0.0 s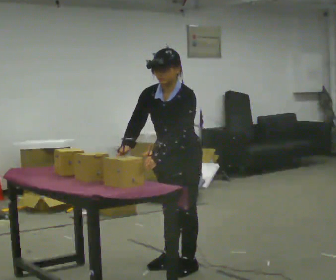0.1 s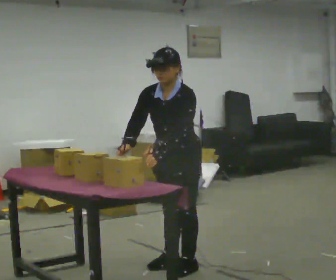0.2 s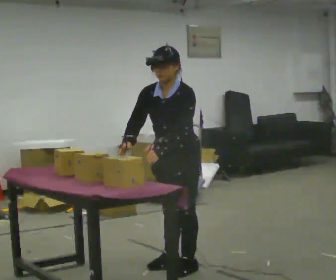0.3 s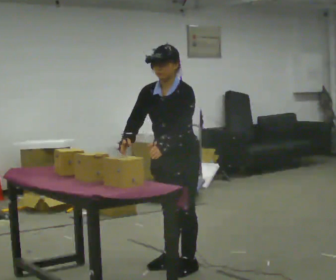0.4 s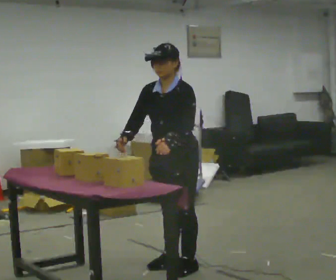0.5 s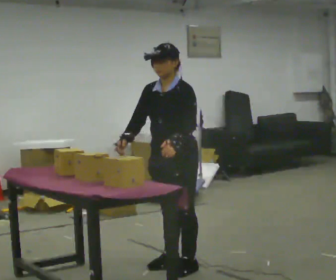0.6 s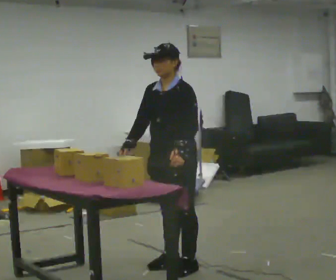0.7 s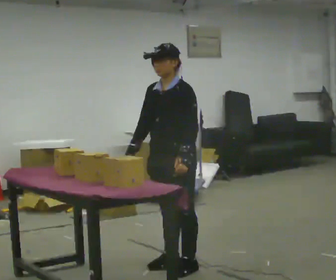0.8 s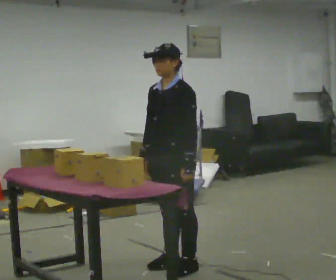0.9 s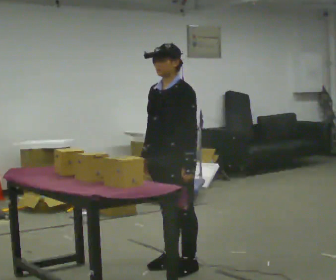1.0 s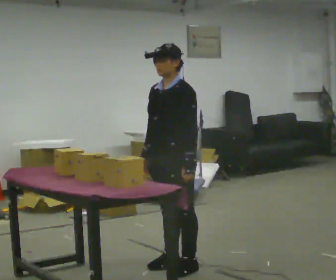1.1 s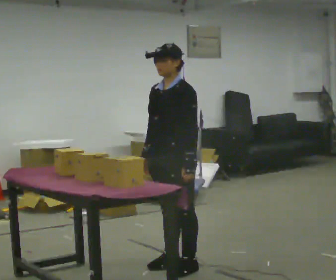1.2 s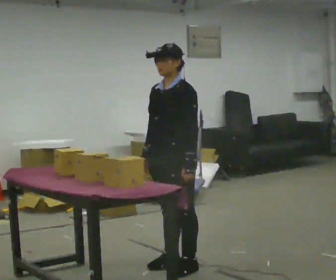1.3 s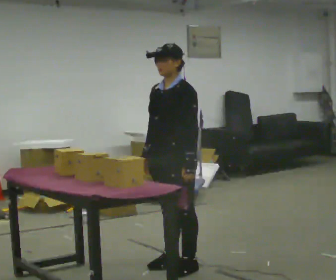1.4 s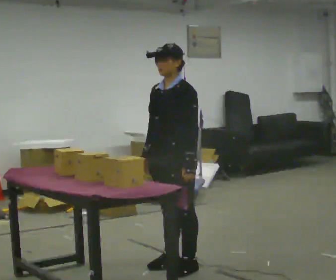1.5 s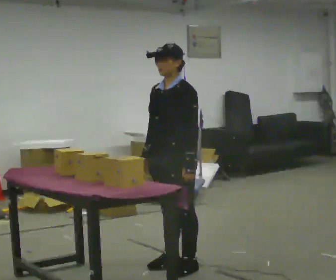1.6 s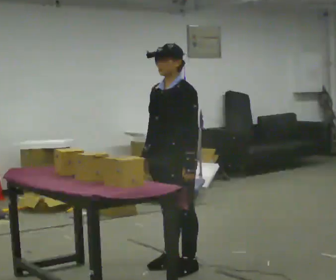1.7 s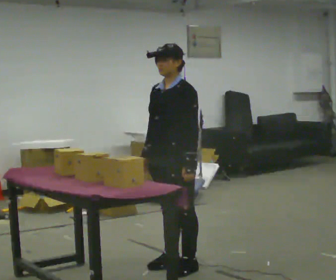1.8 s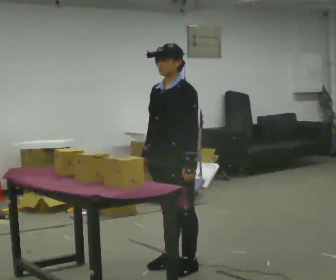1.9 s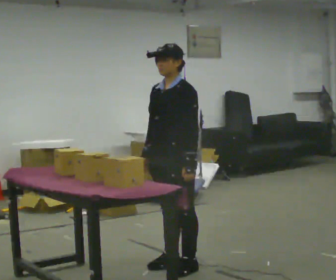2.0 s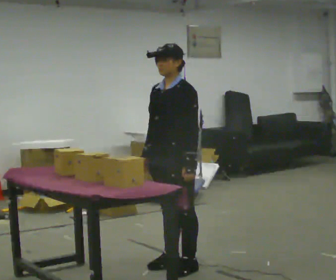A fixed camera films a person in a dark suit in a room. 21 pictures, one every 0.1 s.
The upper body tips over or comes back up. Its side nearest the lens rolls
upward.
0.0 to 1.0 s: The upper body tips away from the camera, its near side rolling upward, as they lean back or straighten.
1.0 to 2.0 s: The person keeps their place and pose.
The film runs backward here.
